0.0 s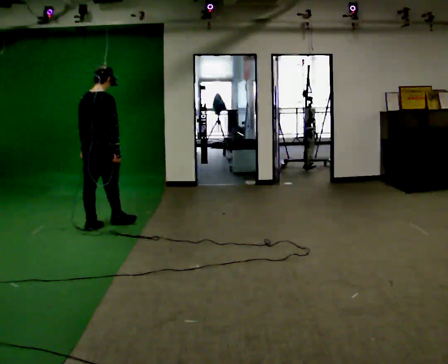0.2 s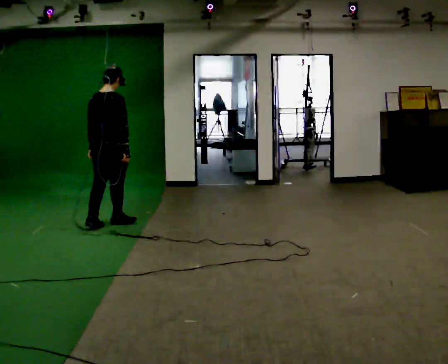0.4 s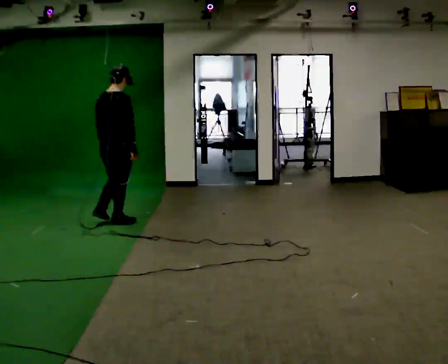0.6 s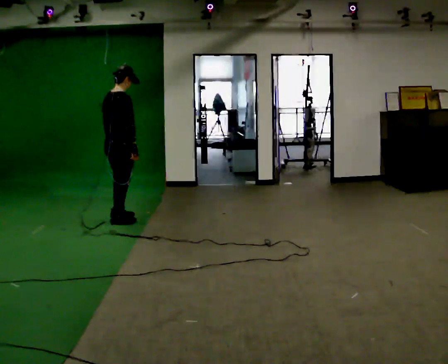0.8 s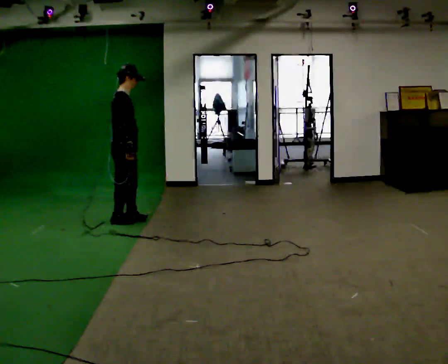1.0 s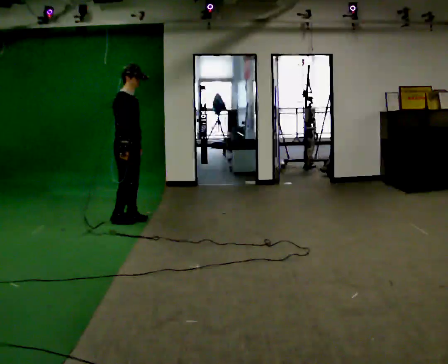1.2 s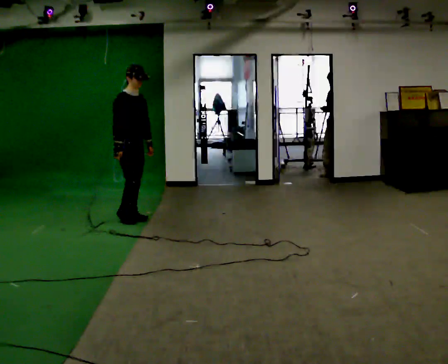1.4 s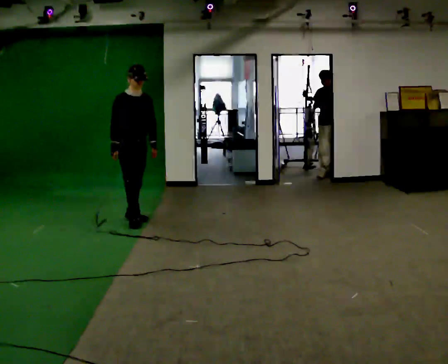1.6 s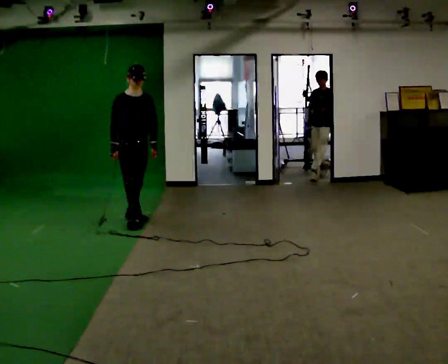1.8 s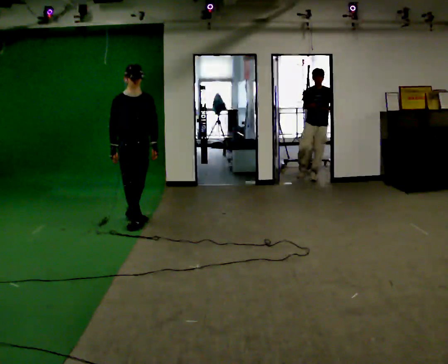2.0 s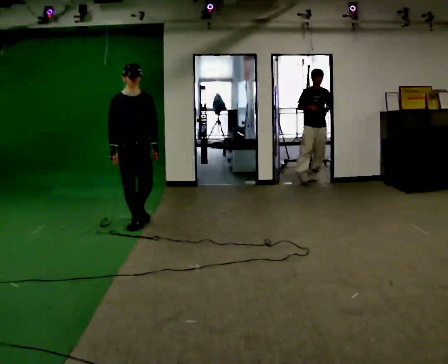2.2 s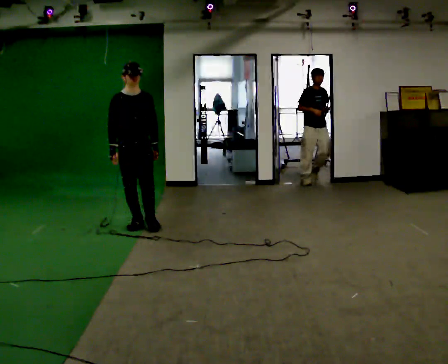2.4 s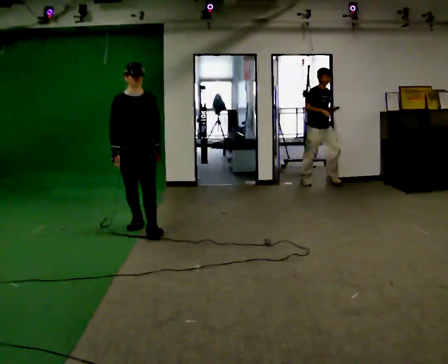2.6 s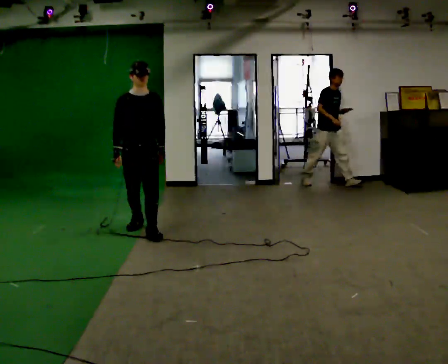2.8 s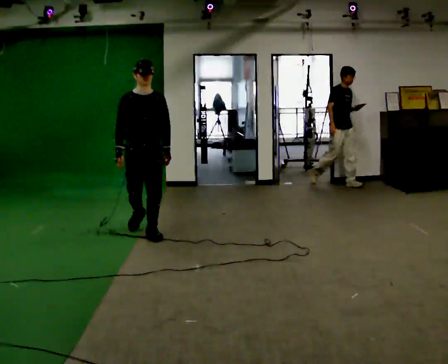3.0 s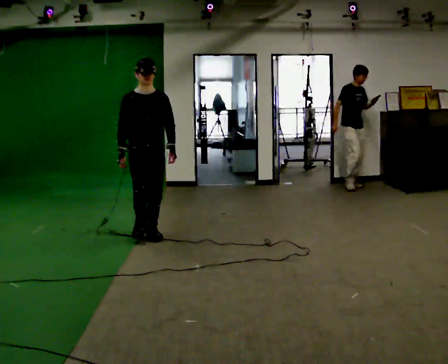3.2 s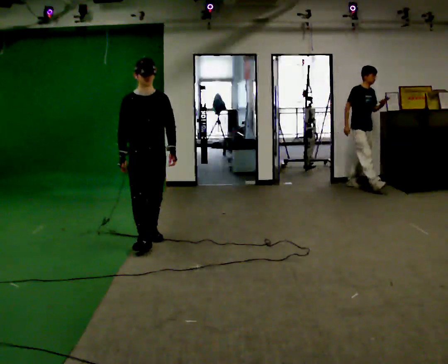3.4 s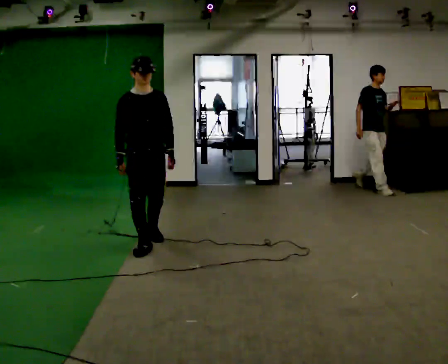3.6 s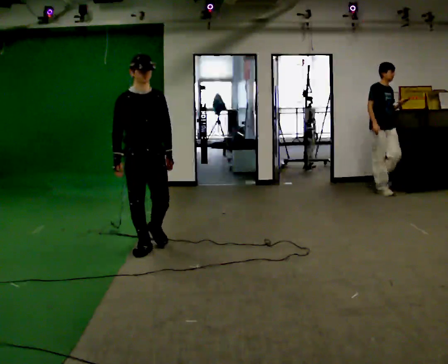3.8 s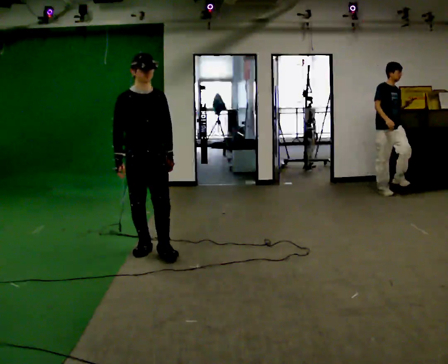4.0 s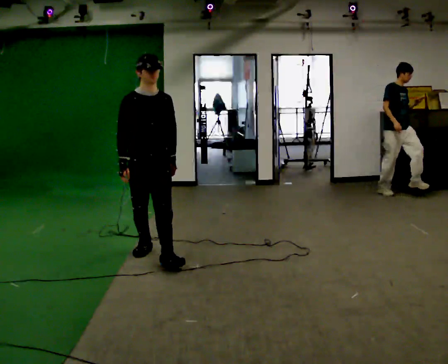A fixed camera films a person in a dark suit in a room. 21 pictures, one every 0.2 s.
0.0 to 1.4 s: Seen from above the body turns clockwise, about 120 degrees: to their right, with its near side sliding to the left. In the picture they go to the right and away from the camera, about 0.5 m in 2 steps.
1.4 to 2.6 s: Seen from above the body turns clockwise, about 30 degrees: to their right, with its near side sliding to the left. In the picture they go toward the camera, about 0.5 m in 2 steps, which for them is forward.
2.6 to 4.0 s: In the picture they go toward the camera, about 1 m in 2 steps, which for them is forward.
The film runs forward here.
